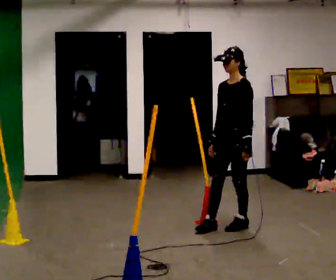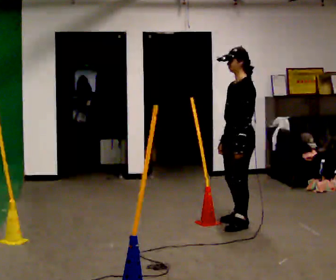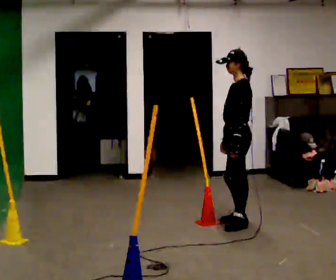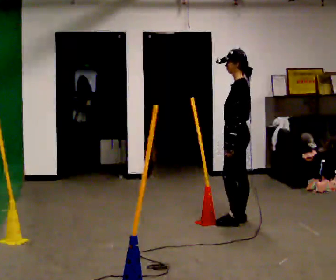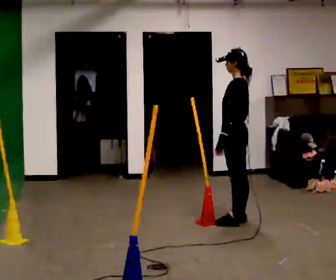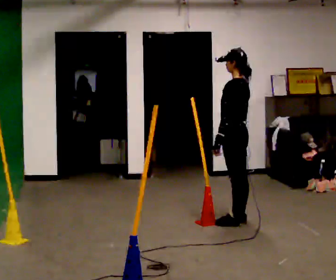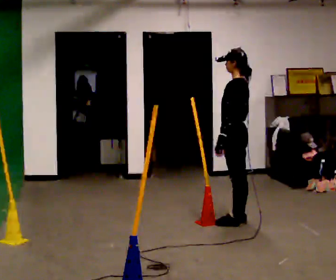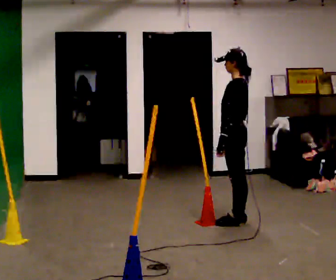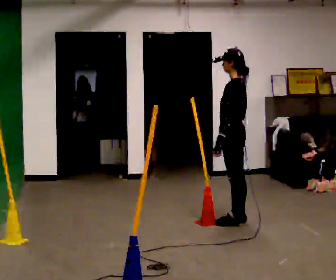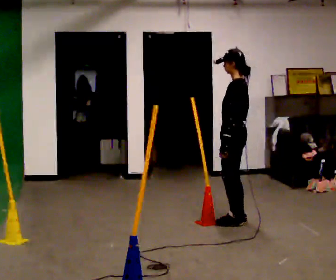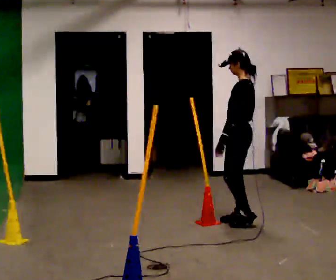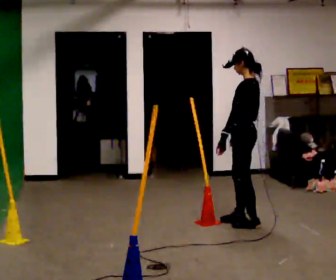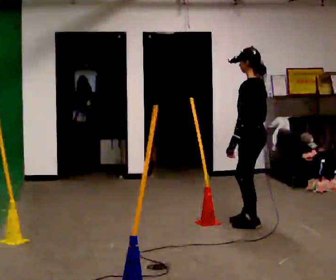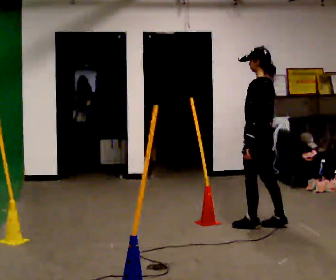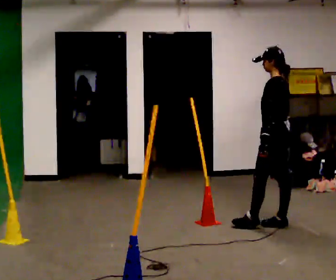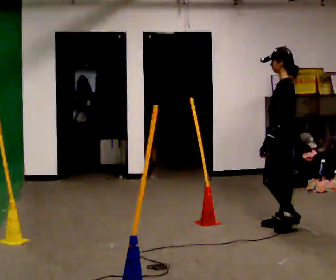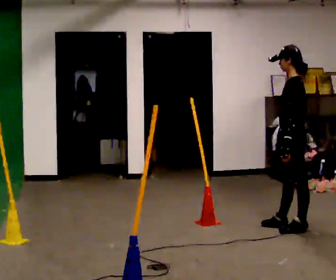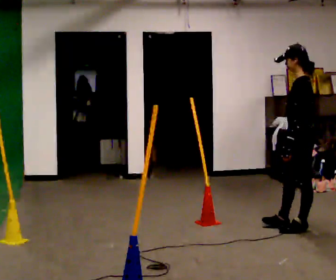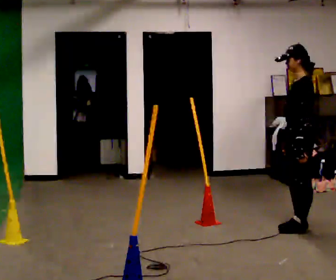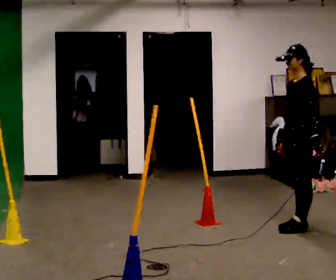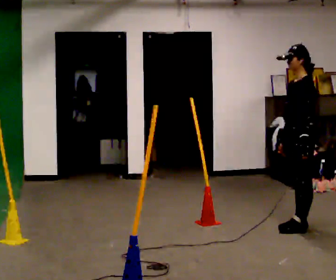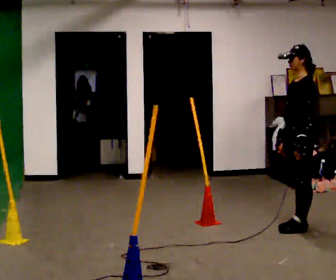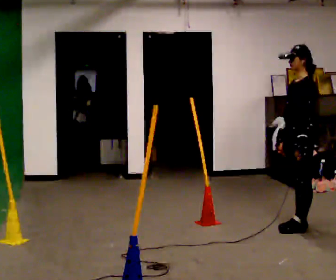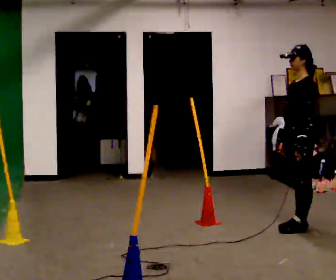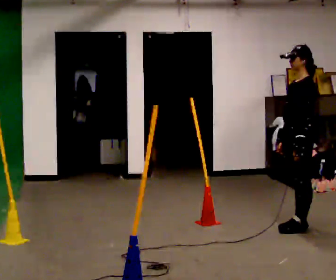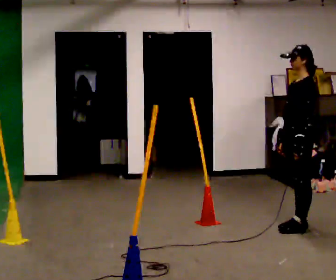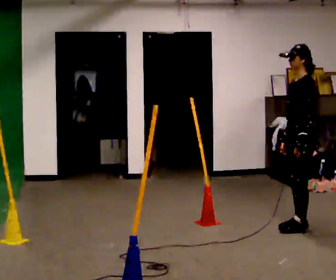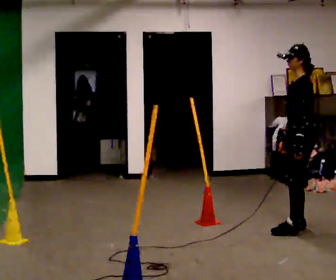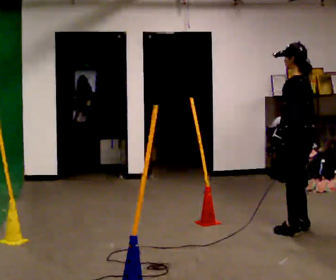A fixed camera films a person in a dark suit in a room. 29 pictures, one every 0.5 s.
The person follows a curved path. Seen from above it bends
clockwise.
0.0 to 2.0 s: The person turns about 60 degrees to their right, clockwise seen from above, so the part of the body nearest the lens slides to the left. In the picture they go away from the camera, about 0.25 m, which for them is to their right.
2.0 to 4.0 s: The person moves a little, or ends about where they began.
4.0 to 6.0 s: In the picture they go to the right, about 0.25 m in 2 steps, which for them is backward.
6.0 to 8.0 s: In the picture they go to the right, about 0.5 m in 1 step, which for them is backward.
8.0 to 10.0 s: The part of the body nearest the lens slides to the right as the person turns to their left by about 30 degrees.
10.0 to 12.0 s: The person moves a little, or ends about where they began.
12.0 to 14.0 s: The part of the body nearest the lens slides to the left as the person turns to their right by about 45 degrees.
The film runs backward here.
